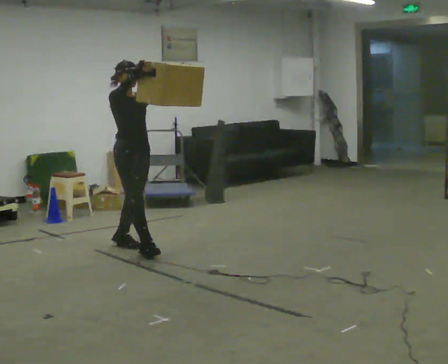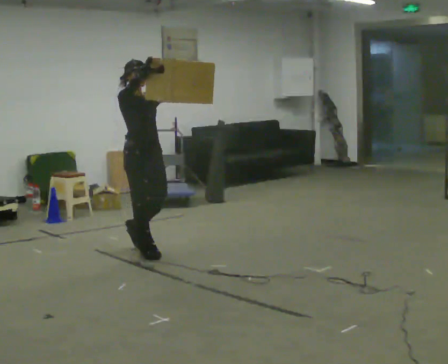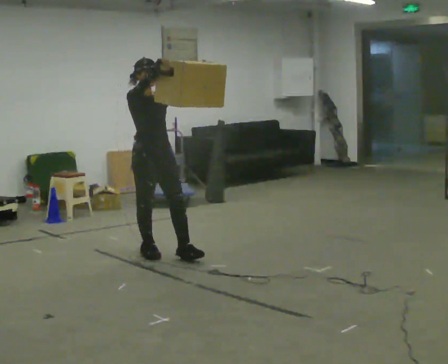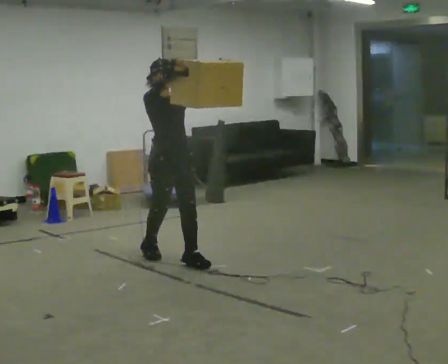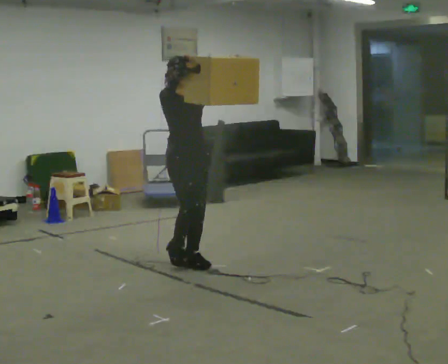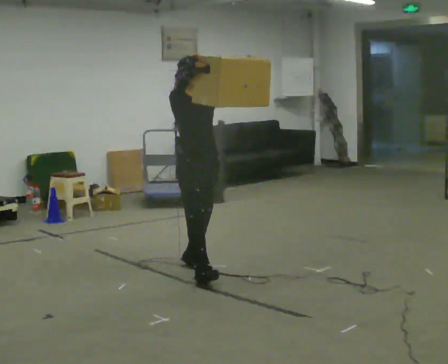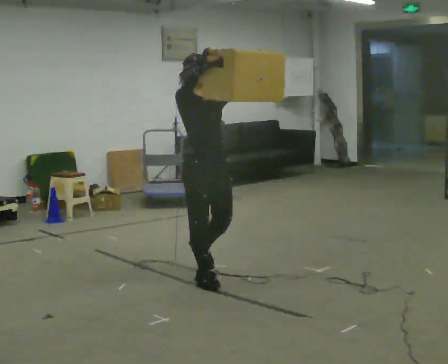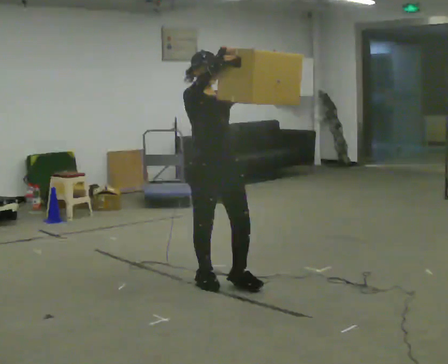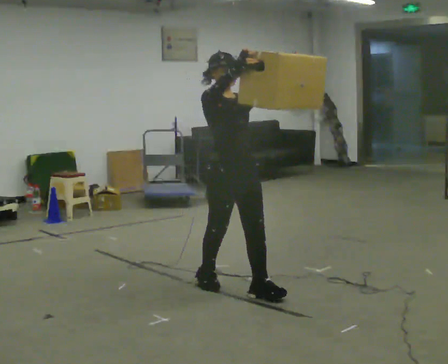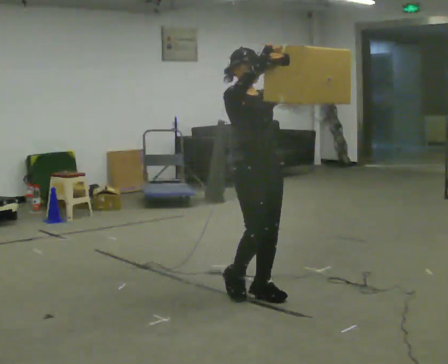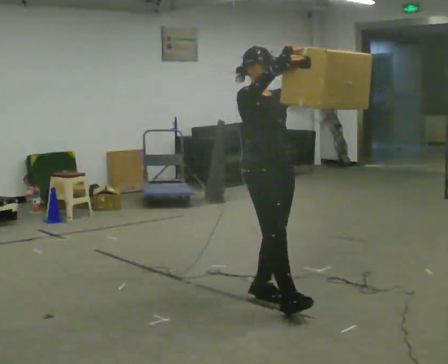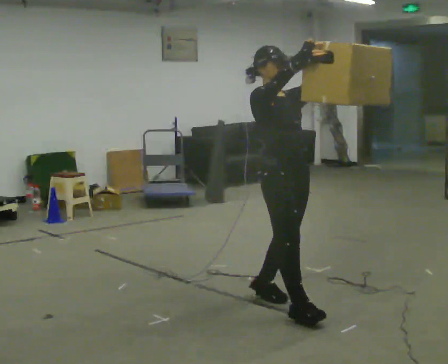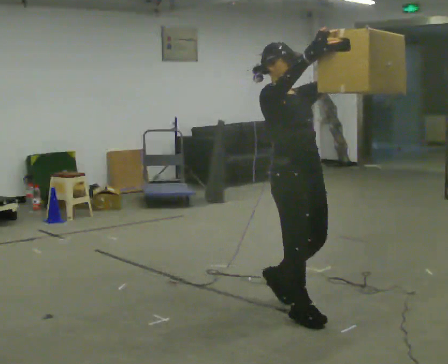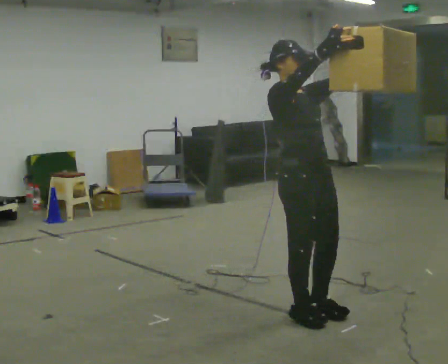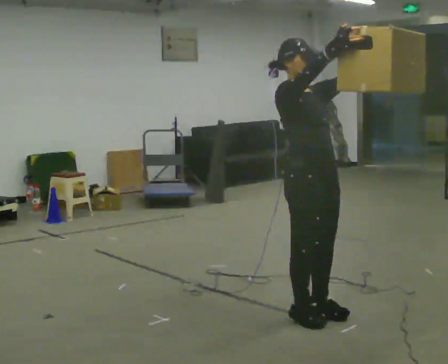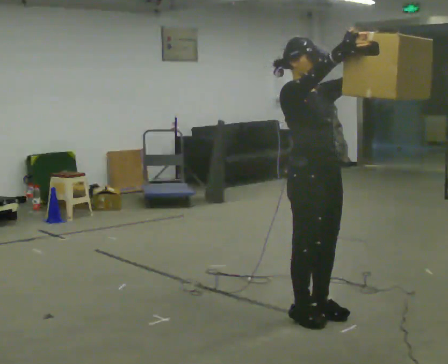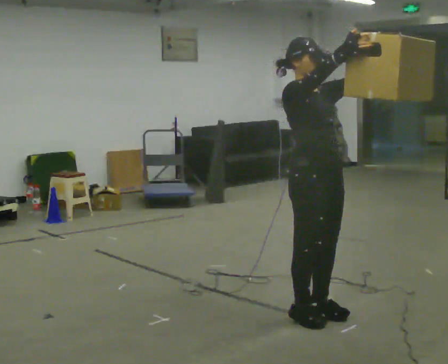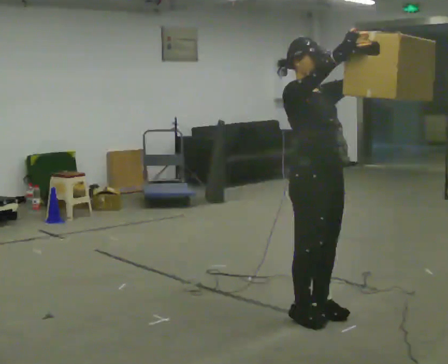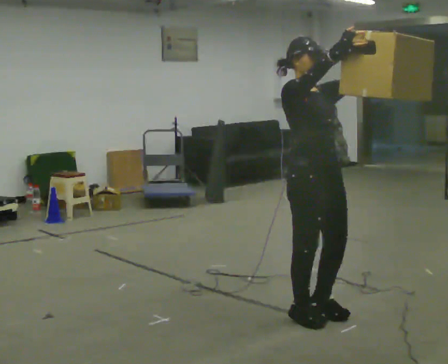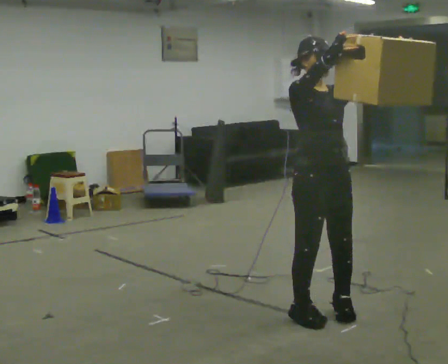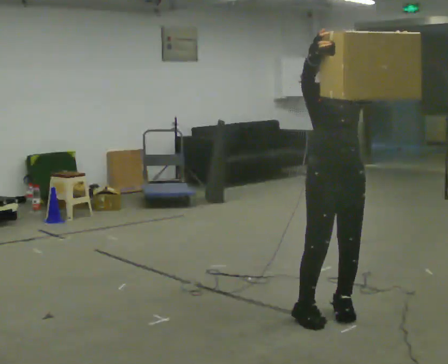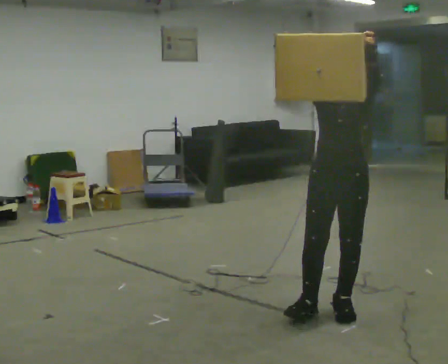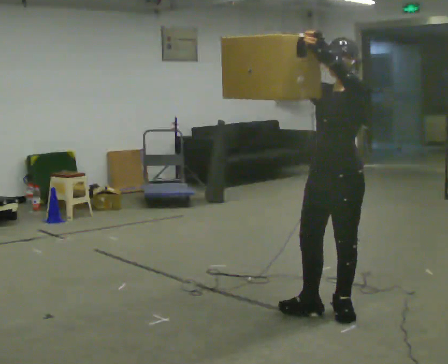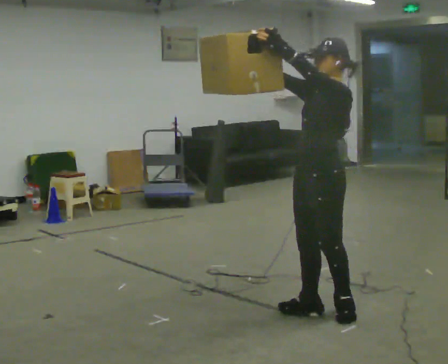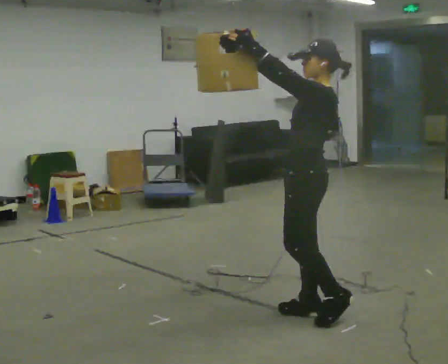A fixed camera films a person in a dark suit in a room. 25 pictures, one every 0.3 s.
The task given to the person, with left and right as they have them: Carry the object held up above your head, walking back and forth across the room.
0.0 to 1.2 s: In the picture they go to the right and toward the camera, about 0.75 m in 1 step, which for them is forward.
1.2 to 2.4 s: In the picture they go toward the camera and to the right, about 0.5 m in 2 steps, which for them is forward.
2.4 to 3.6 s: In the picture they go toward the camera and to the right, about 0.75 m in 1 step, which for them is forward.
3.6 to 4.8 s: The person moves a little, or ends about where they began.
4.8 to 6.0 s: Seen from above the body turns clockwise, about 45 degrees: to their right, with its near side sliding to the left.
6.0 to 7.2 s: The part of the body nearest the lens slides to the left as the person turns to their right by about 90 degrees. In the picture they go to the left, about 0.25 m. In the picture the upper body tilts clockwise, shoulders to the right. In the picture their right hand goes to the left.
The film runs forward here.
